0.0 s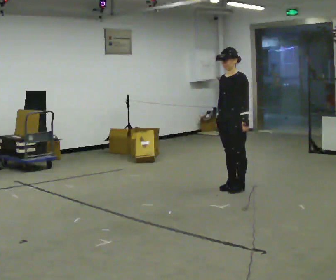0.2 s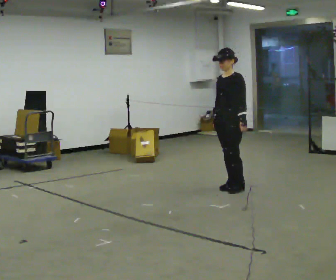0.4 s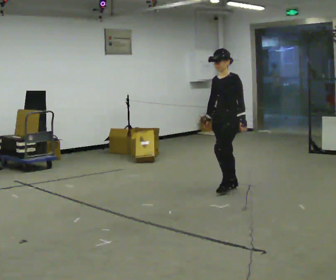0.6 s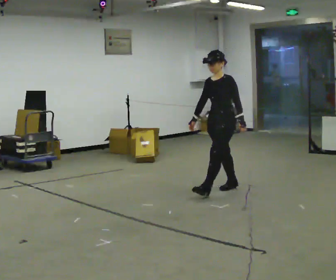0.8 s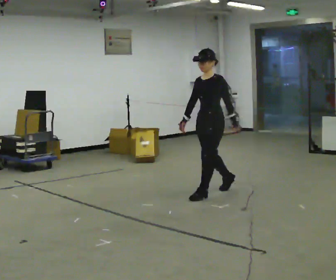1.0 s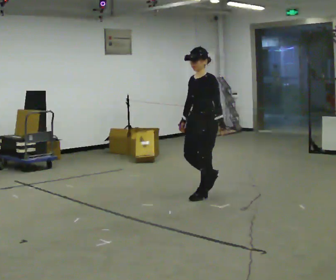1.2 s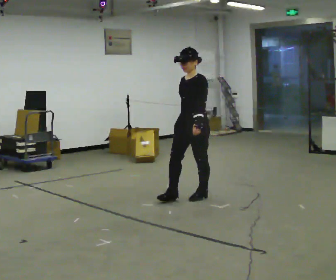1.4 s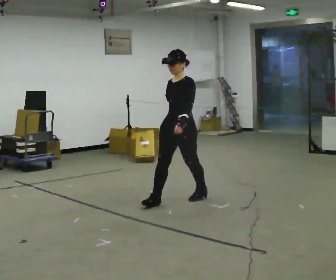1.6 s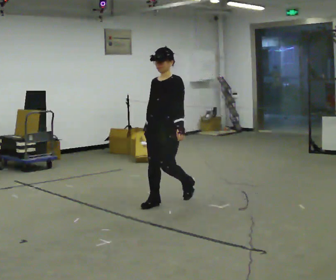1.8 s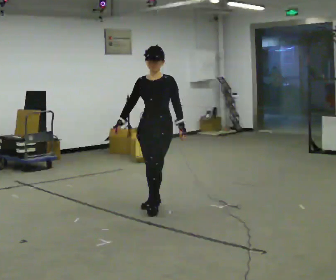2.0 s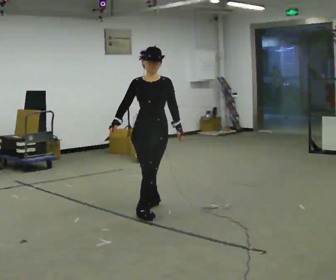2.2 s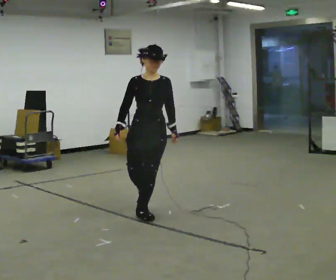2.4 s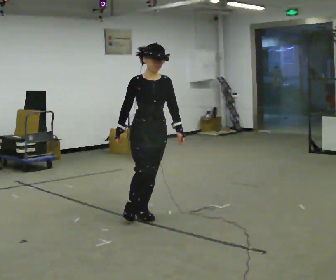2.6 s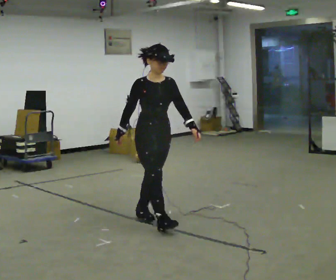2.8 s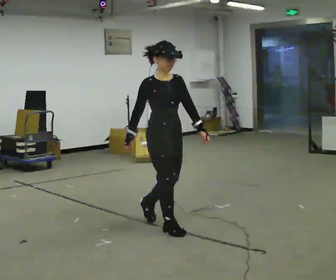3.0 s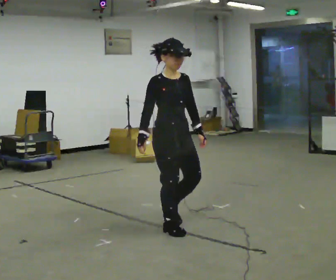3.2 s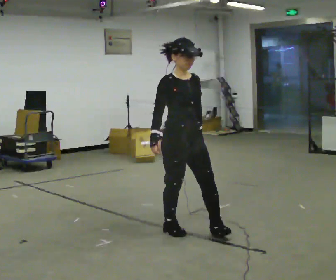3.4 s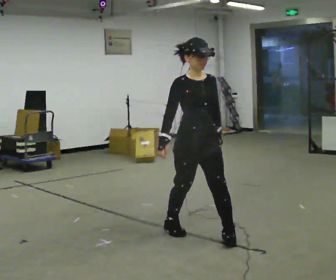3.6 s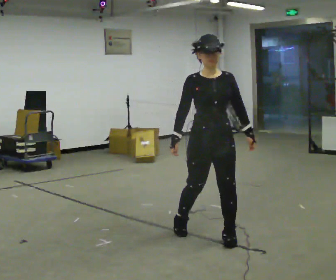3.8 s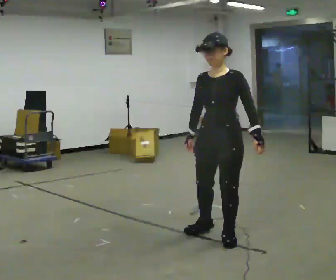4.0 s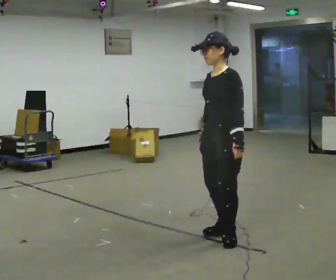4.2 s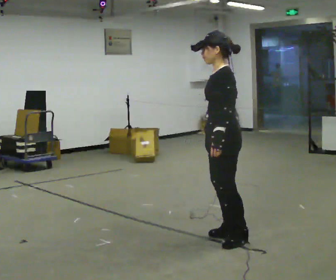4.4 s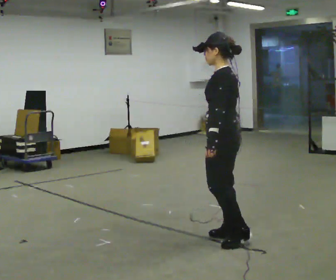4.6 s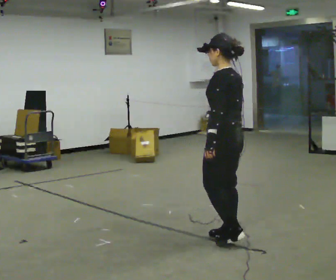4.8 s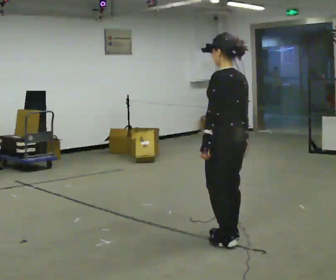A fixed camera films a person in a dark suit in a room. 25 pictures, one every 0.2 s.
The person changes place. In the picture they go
toward the camera.
The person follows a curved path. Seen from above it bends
counterclockwise.
0.0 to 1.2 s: In the picture they go to the left and toward the camera, about 0.5 m in 1 step, which for them is forward.
1.2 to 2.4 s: The person turns about 75 degrees to their left, counterclockwise seen from above, so the part of the body nearest the lens slides to the right. In the picture they go toward the camera and to the left, about 1 m in 2 steps.
2.4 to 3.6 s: In the picture they go toward the camera and to the right, about 1 m in 2 steps, which for them is forward.
3.6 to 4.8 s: The person turns about 150 degrees to their right, clockwise seen from above, so the part of the body nearest the lens slides to the left. In the picture their left hand goes to the left, the arm swinging clockwise.
The film runs forward here.
